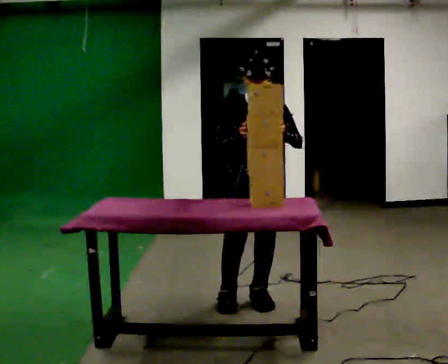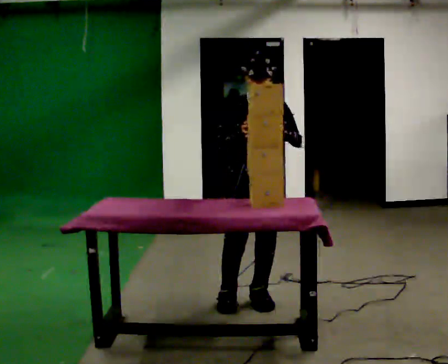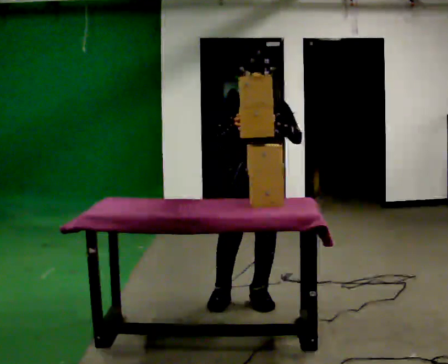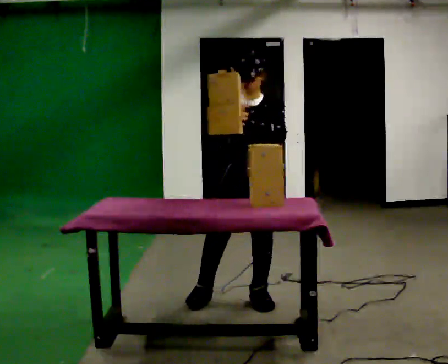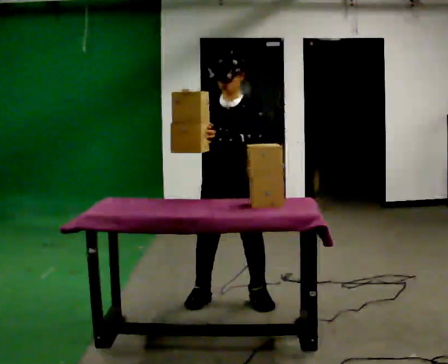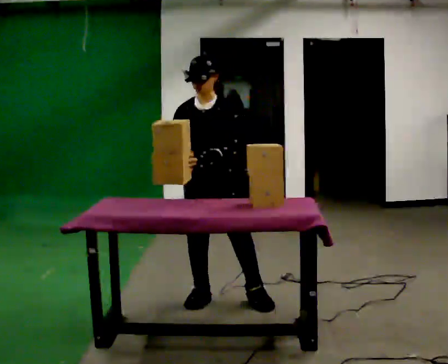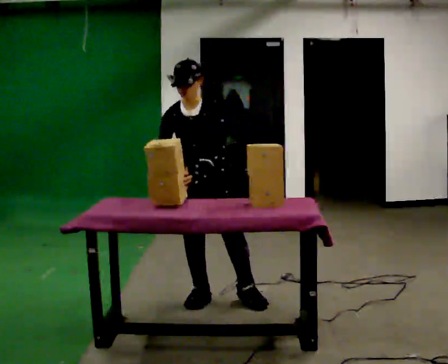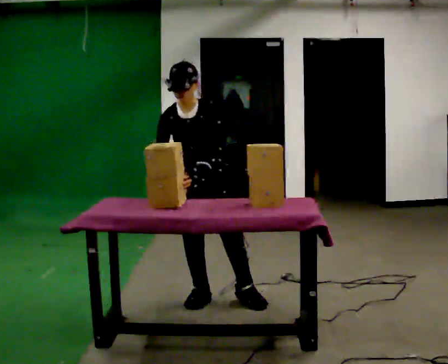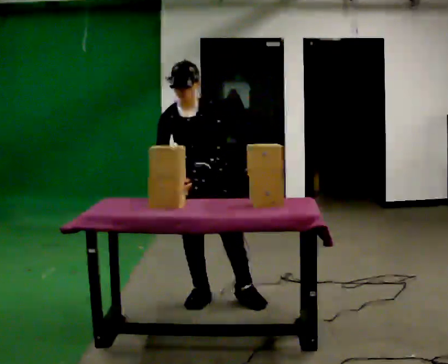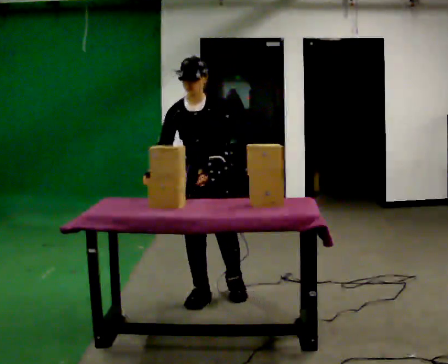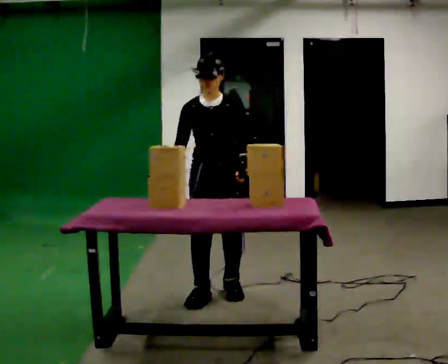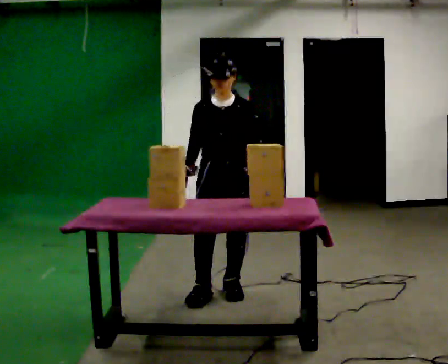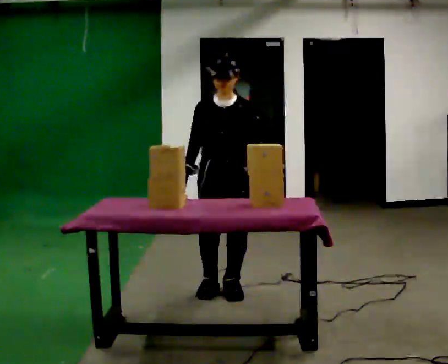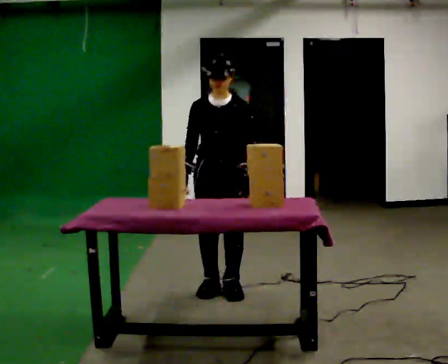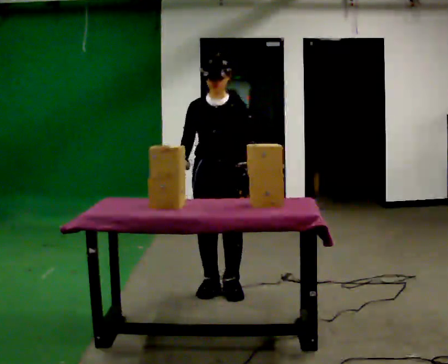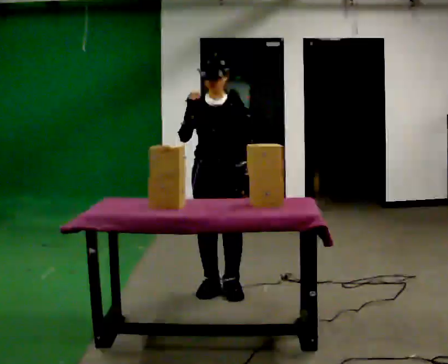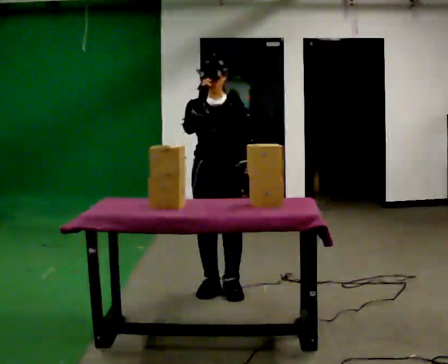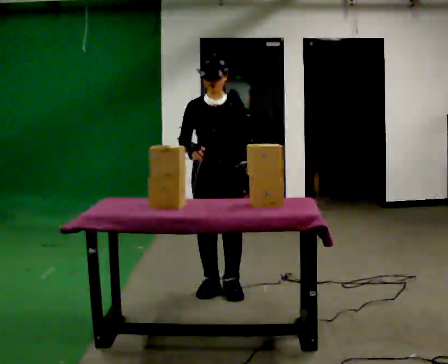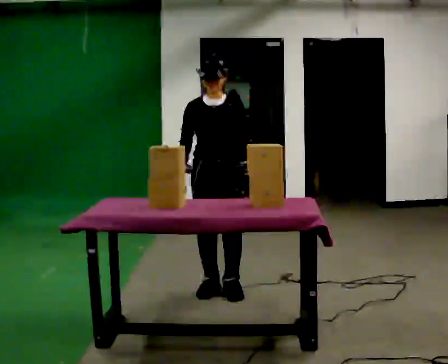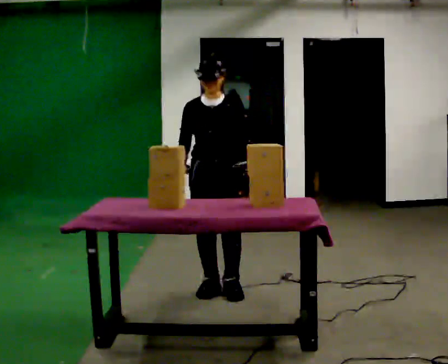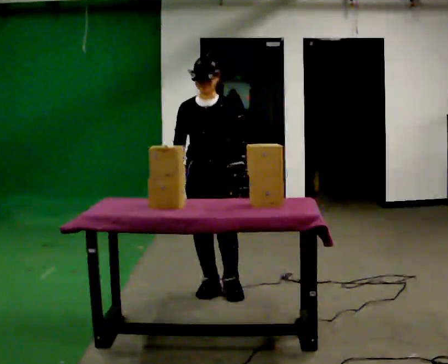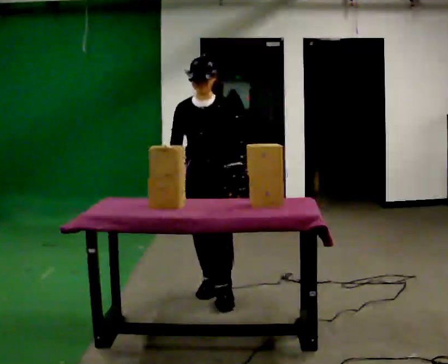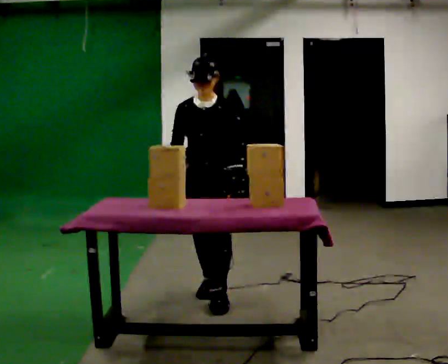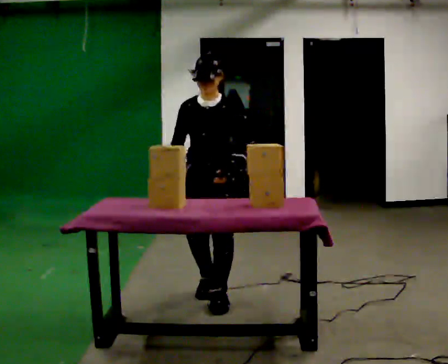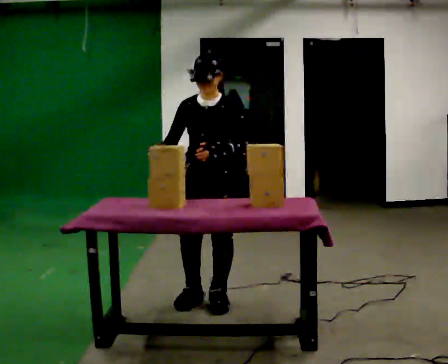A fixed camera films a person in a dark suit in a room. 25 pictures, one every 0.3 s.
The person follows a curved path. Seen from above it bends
counterclockwise.
0.0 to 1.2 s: In the picture they go to the left, about 0.25 m, which for them is to their right. In the picture their left hand goes to the left.
1.2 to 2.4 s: In the picture they go to the left, about 0.25 m, which for them is to their right. The upper body tips toward the camera, its near side rolling downward, as they bend forward.
2.4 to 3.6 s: The upper body tips away from the camera, its near side rolling upward, as they lean back or straighten. In the picture their left hand goes to the right.
3.6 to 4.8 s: In the picture their right hand goes upward.
4.8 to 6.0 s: In the picture their right hand goes downward.
6.0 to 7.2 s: In the picture they go toward the camera, about 0.25 m in 1 step, which for them is forward.
The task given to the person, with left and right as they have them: Carry the fragile object across the room and set it down as gently as you can. Keep going until the operator says stop; one object at a time, and do not rush between trips.
The film runs forward here.
